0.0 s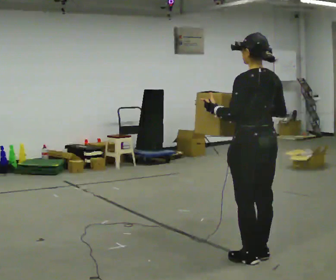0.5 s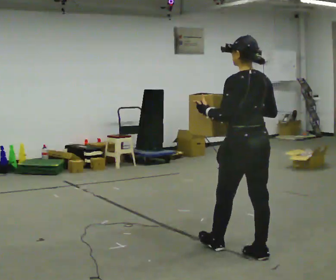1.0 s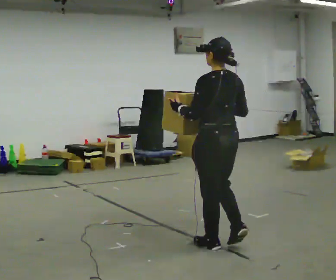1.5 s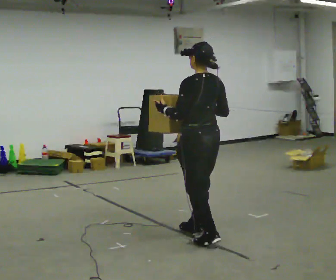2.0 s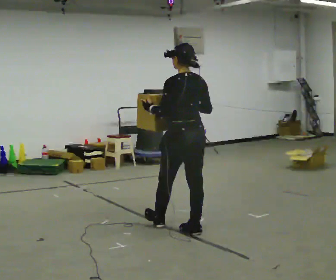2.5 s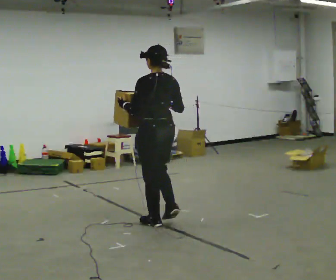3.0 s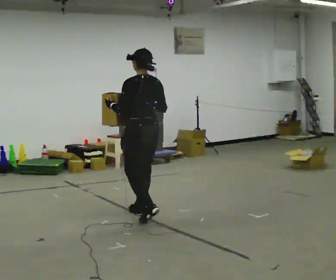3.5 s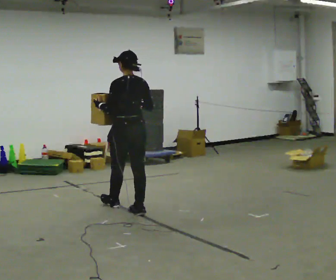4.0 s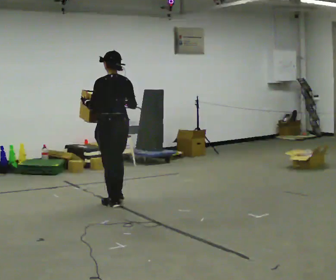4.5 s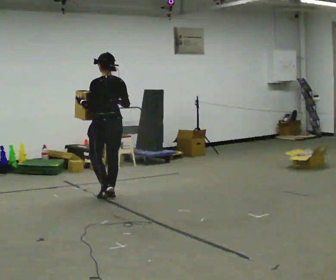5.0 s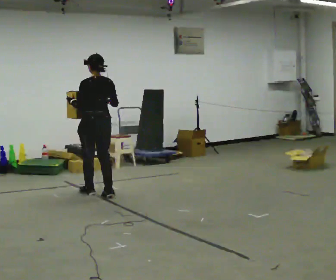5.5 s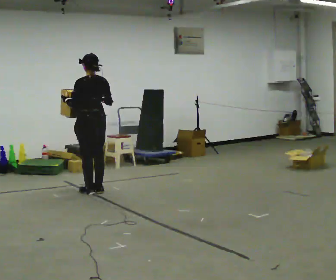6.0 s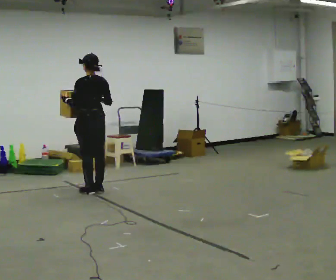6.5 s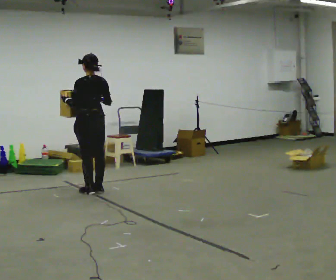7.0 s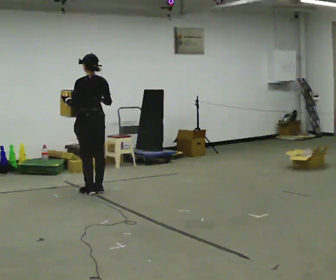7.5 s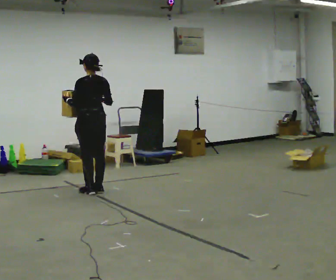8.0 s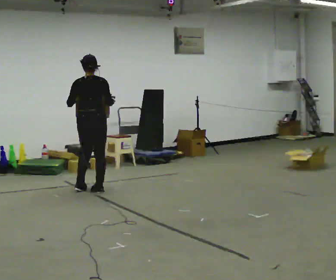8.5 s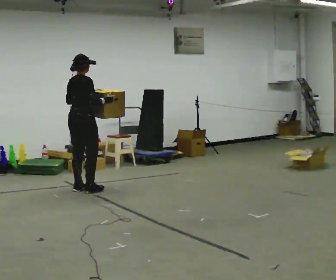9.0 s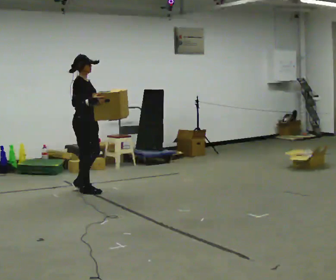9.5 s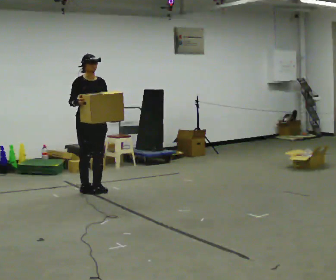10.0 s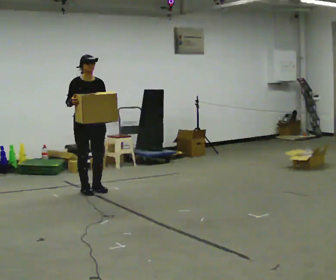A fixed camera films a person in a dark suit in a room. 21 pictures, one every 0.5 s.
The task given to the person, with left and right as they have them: Carry the box in both hands and walk back and forth across the room. The contents may move around. Carry on as best you can.
0.0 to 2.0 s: In the picture they go away from the camera and to the left, about 1 m in 2 steps, which for them is forward.
2.0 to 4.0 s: In the picture they go away from the camera and to the left, about 1 m in 3 steps, which for them is forward.
4.0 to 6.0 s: In the picture they go away from the camera and to the left, about 0.75 m in 3 steps, which for them is forward.
6.0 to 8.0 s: The person turns about 30 degrees to their right, clockwise seen from above, so the part of the body nearest the lens slides to the left.
8.0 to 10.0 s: The person turns about 150 degrees to their right, clockwise seen from above, so the part of the body nearest the lens slides to the left. In the picture their right hand goes to the left.
The film runs forward here.
